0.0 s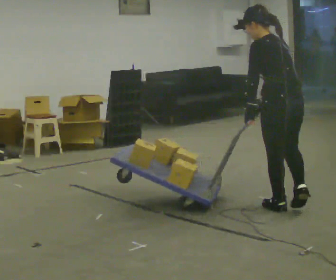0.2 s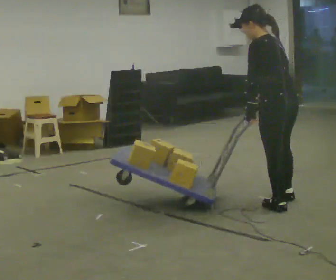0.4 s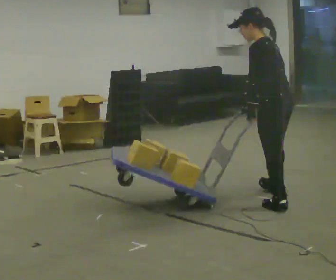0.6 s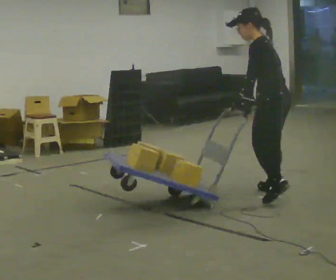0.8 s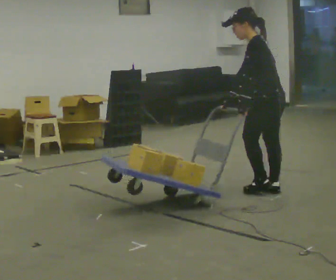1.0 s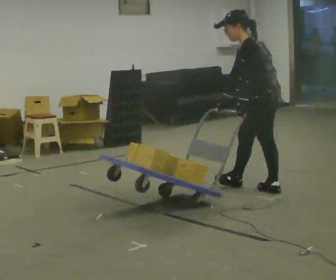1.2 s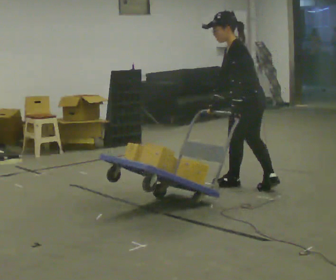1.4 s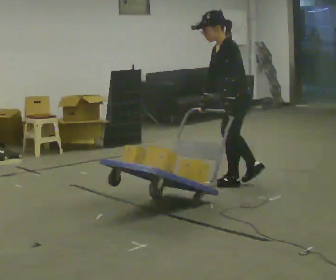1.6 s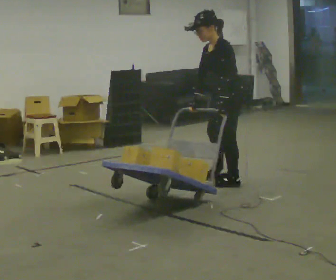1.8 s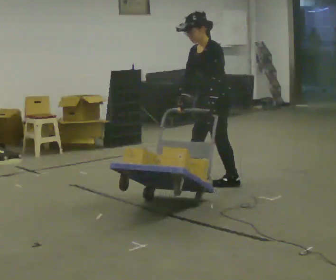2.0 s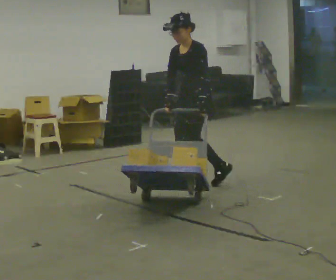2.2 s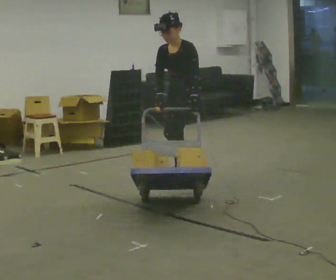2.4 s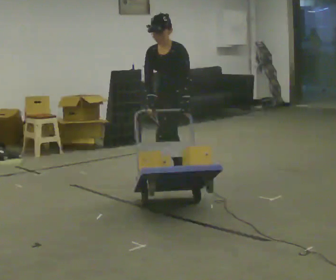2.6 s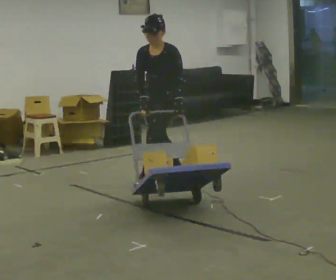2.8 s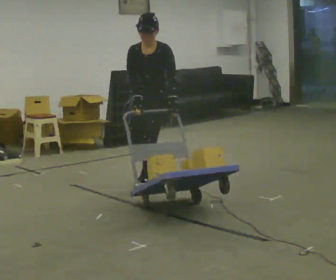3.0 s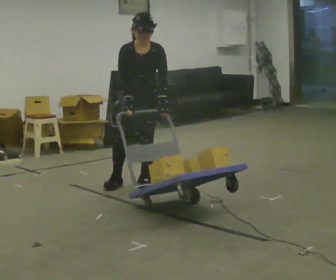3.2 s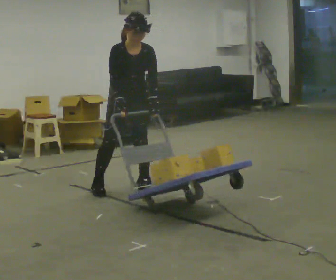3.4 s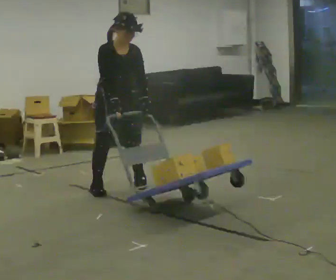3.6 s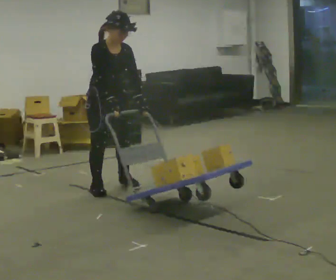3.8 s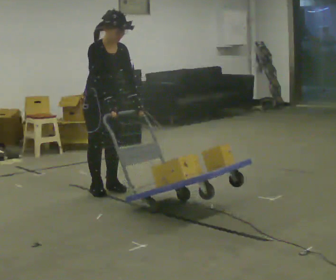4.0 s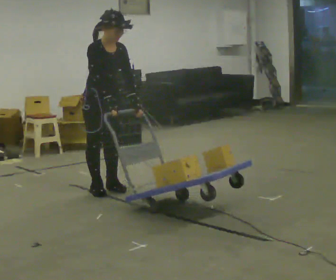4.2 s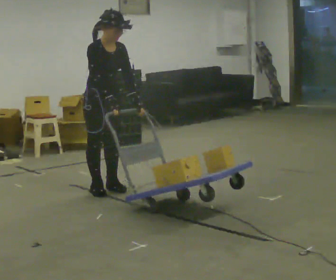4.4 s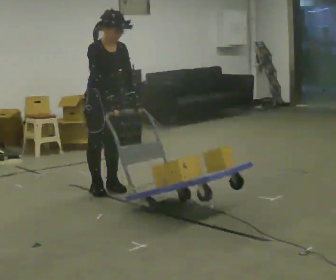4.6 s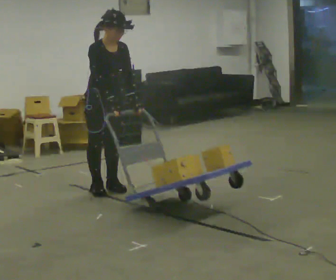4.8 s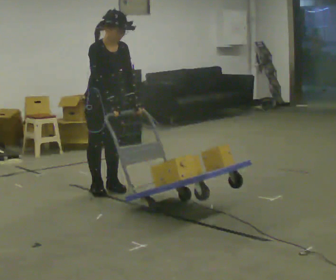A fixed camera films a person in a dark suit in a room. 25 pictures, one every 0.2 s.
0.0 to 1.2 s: The person turns about 30 degrees to their left, counterclockwise seen from above, so the part of the body nearest the lens slides to the right. In the picture they go away from the camera, about 0.5 m in 2 steps, which for them is forward and to their right.
1.2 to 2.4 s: The part of the body nearest the lens slides to the right as the person turns to their left by about 60 degrees. In the picture they go to the left and away from the camera, about 0.5 m in 1 step.
2.4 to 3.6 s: The part of the body nearest the lens slides to the right as the person turns to their left by about 75 degrees. In the picture they go to the left and toward the camera, about 0.75 m in 2 steps. In the picture the upper body tilts clockwise, shoulders to the right.
3.6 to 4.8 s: The person moves a little, or ends about where they began.
The film runs forward here.
